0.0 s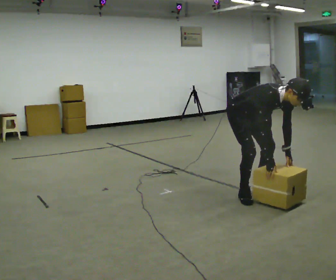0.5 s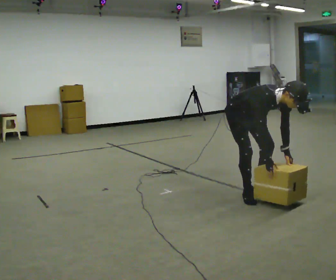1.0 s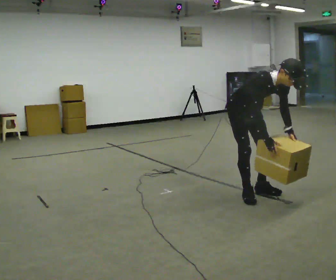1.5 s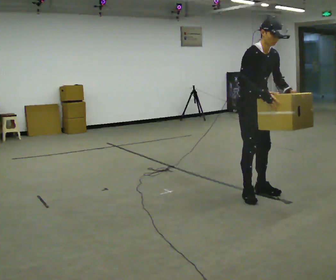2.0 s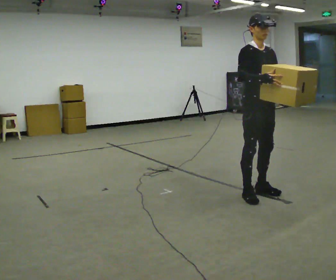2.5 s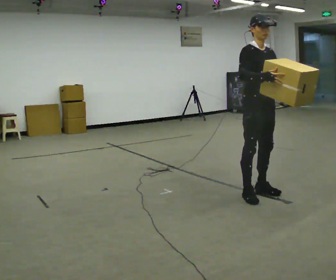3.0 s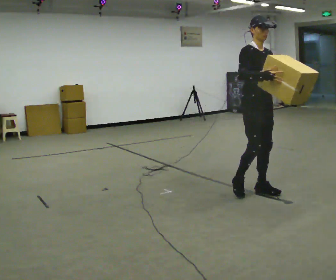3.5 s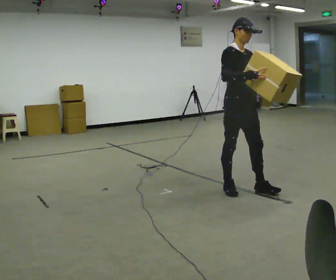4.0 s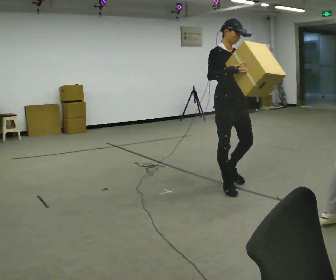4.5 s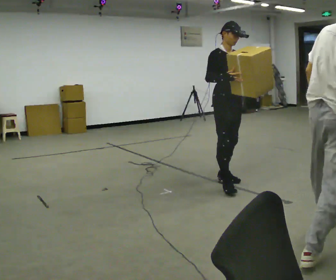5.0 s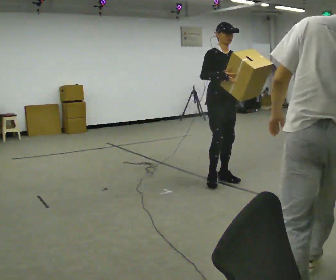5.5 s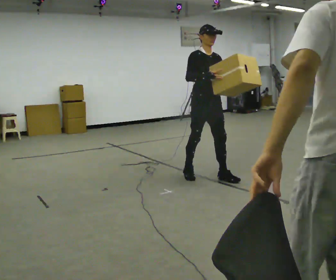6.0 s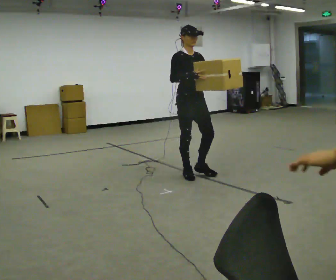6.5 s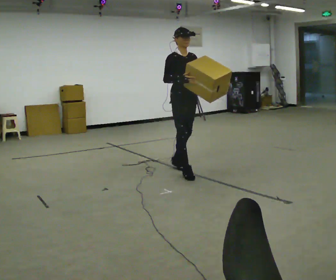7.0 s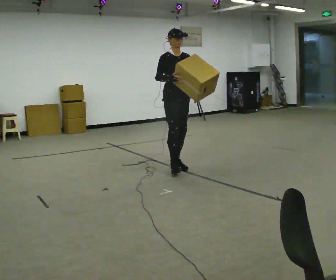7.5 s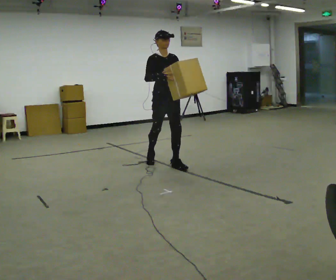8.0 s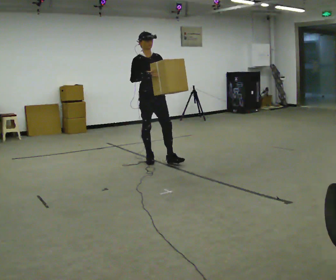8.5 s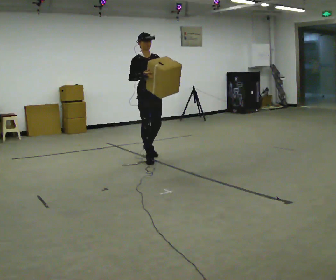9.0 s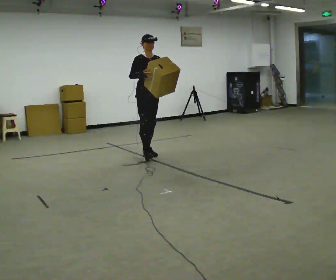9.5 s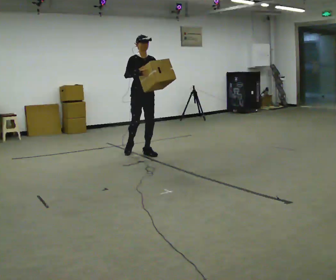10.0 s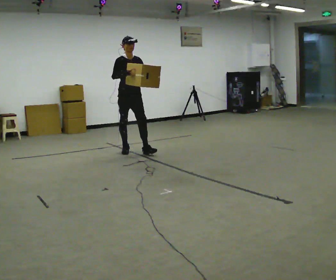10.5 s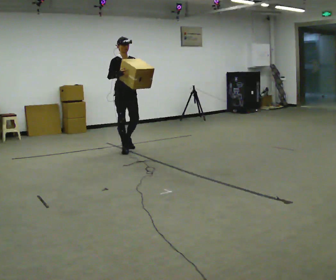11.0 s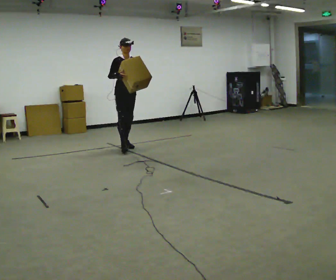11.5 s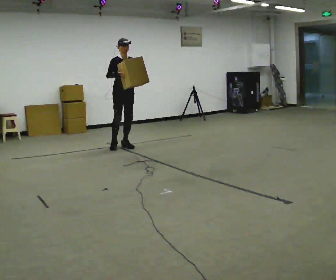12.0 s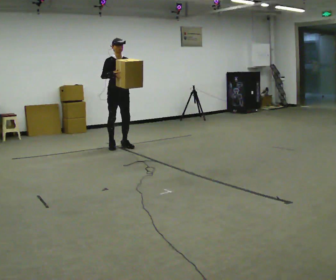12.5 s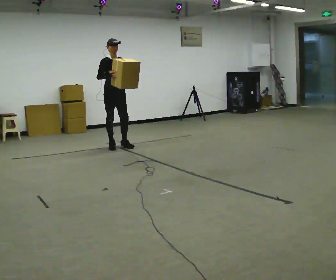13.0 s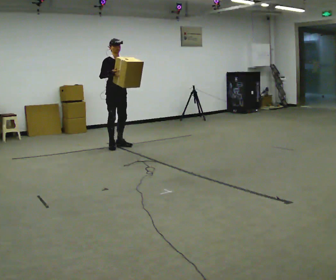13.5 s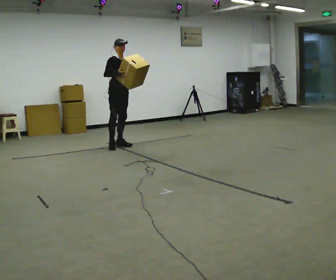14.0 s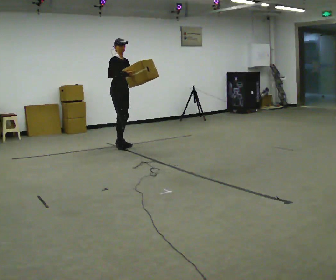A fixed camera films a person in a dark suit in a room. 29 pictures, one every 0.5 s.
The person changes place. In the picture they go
away from the camera.
0.0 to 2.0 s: The upper body goes upward. The upper body tips away from the camera, its near side rolling upward, as they lean back or straighten. In the picture their right hand goes upward.
2.0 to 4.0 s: In the picture they go to the left and away from the camera, about 0.25 m in 2 steps, which for them is backward.
4.0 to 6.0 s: In the picture they go away from the camera and to the left, about 0.75 m in 2 steps, which for them is backward.
6.0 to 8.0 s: In the picture they go away from the camera and to the left, about 1 m in 2 steps, which for them is backward.
8.0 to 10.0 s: In the picture they go away from the camera and to the left, about 0.5 m in 1 step, which for them is backward.
10.0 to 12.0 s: In the picture they go away from the camera and to the left, about 0.5 m in 2 steps, which for them is backward.
12.0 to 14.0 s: Seen from above the body turns counterclockwise, about 30 degrees: to their left, with its near side sliding to the right.
The film runs backward here.
